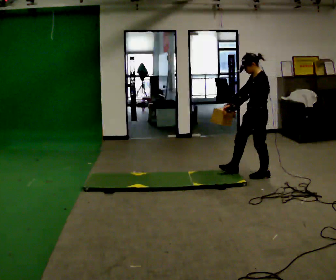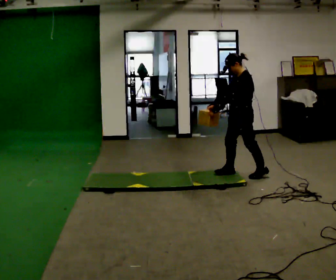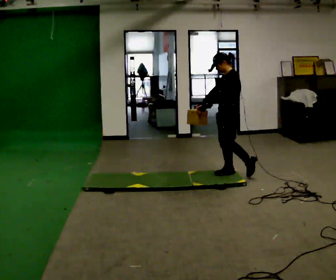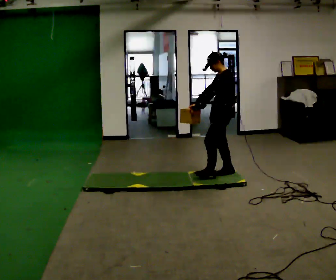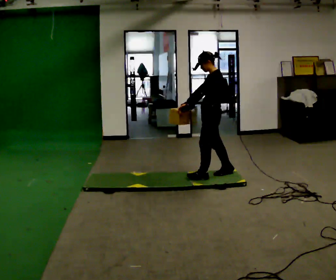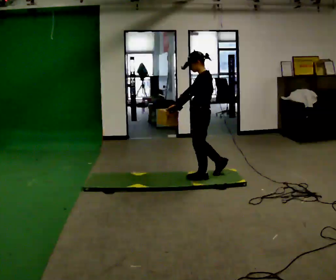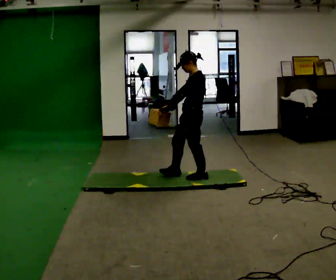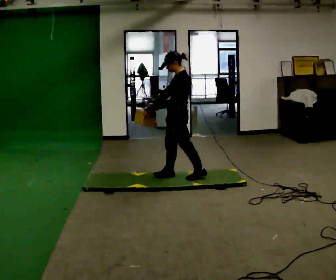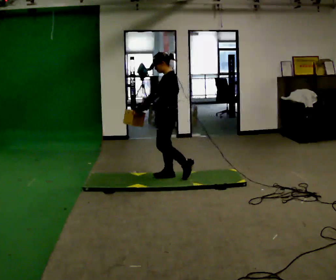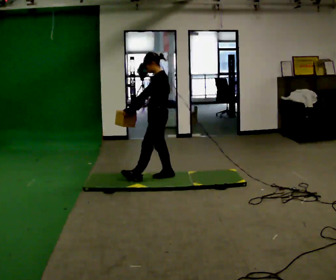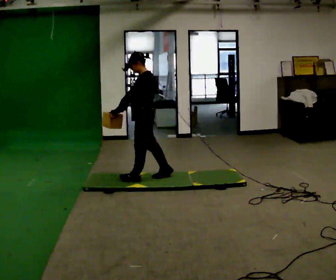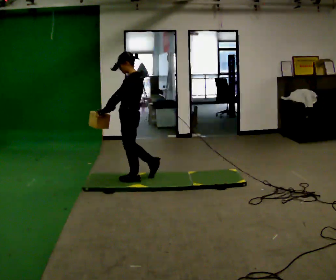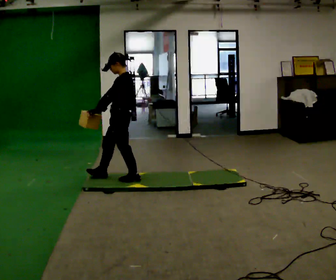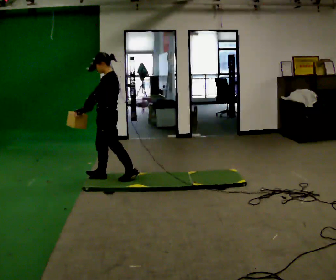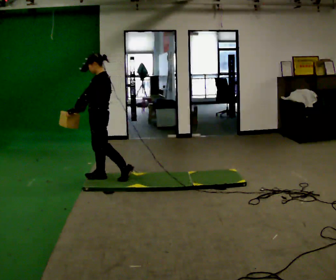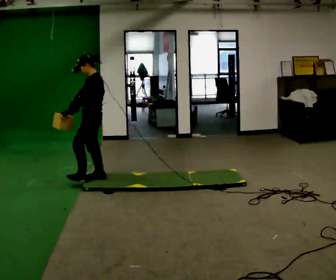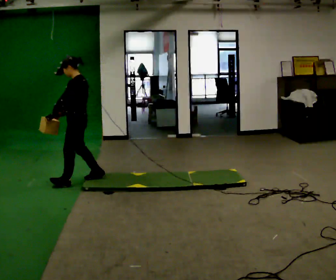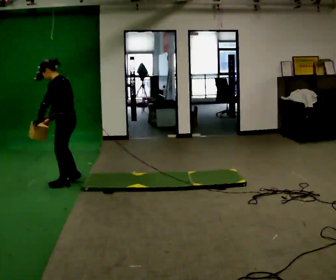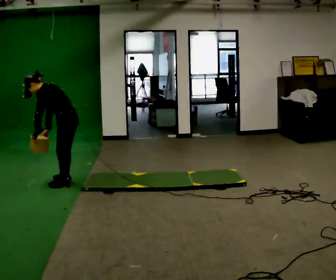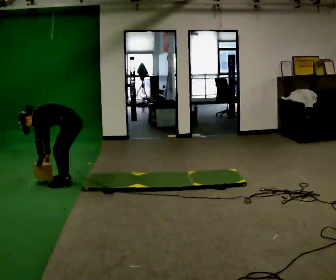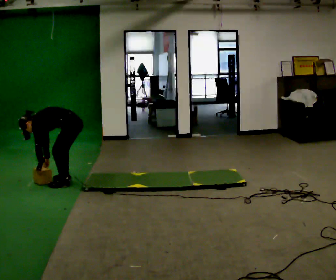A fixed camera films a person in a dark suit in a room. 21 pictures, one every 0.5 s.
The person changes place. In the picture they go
to the left.
Their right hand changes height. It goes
downward.
0.0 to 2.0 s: In the picture they go to the left, about 0.5 m in 2 steps, which for them is forward.
2.0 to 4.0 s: In the picture they go to the left, about 0.5 m in 1 step, which for them is forward.
4.0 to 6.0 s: In the picture they go to the left, about 0.5 m in 1 step, which for them is forward.
6.0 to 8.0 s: In the picture they go to the left, about 0.5 m in 2 steps, which for them is forward.
8.0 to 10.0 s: The upper body goes downward. In the picture the upper body tilts counterclockwise, shoulders to the left, as they bend forward. In the picture their left hand goes downward.
The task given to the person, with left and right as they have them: Carry the box across the soft uneven mat, set it down on the far side, then bring it back. Keep going until the operator says stop; one object at a time, and do not rush between trips.
The film runs forward here.
